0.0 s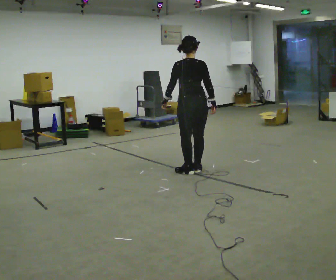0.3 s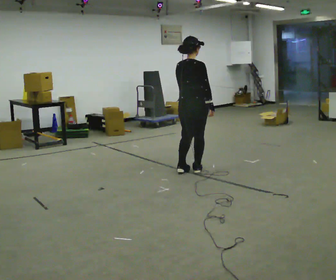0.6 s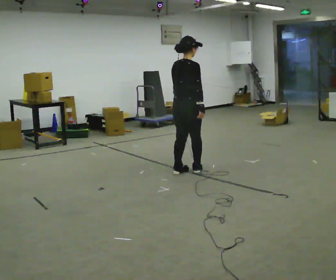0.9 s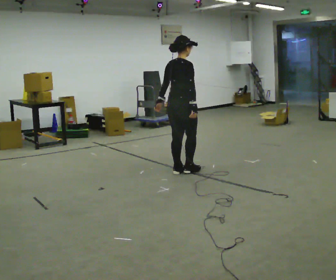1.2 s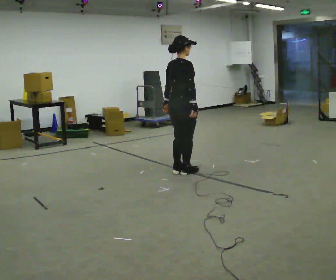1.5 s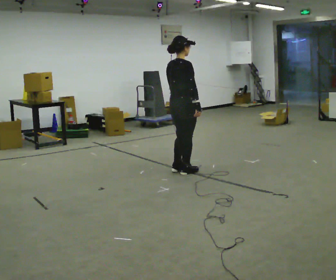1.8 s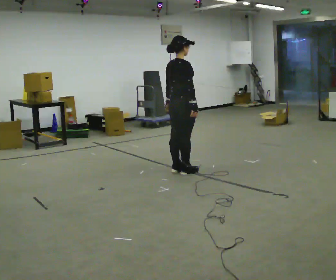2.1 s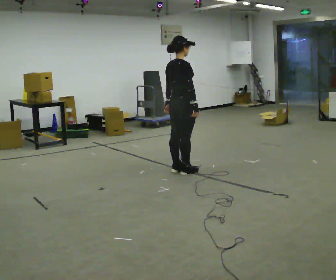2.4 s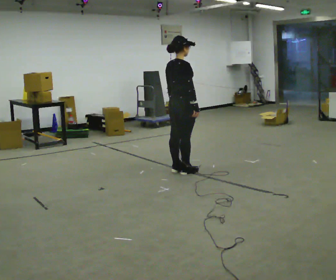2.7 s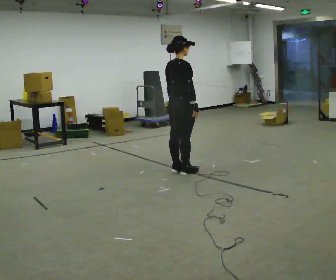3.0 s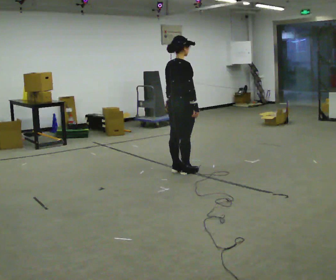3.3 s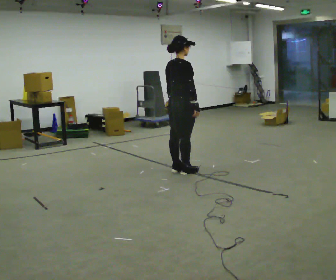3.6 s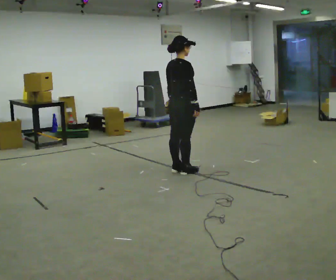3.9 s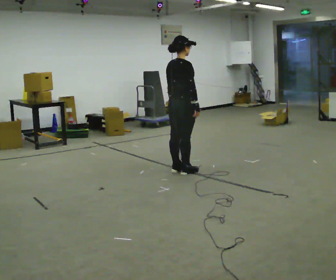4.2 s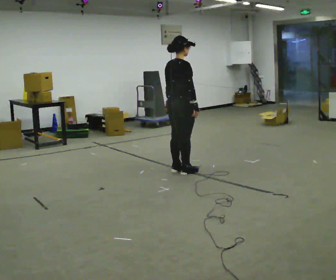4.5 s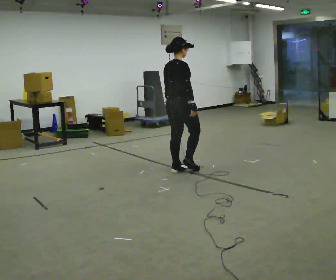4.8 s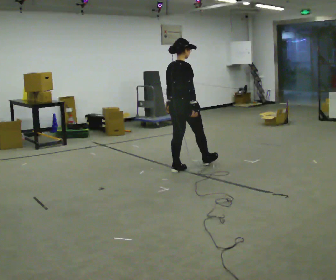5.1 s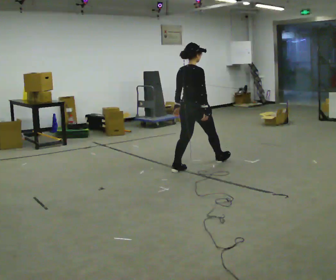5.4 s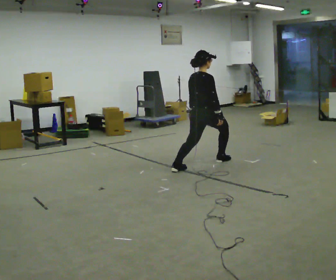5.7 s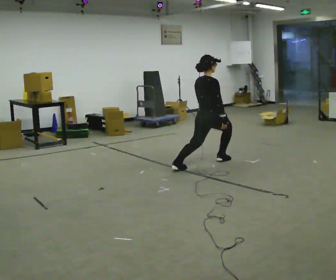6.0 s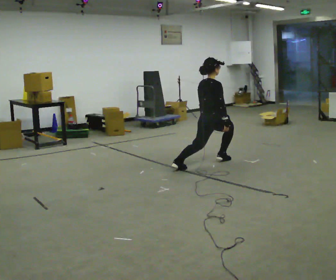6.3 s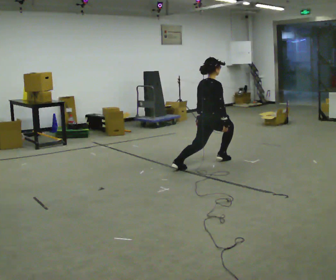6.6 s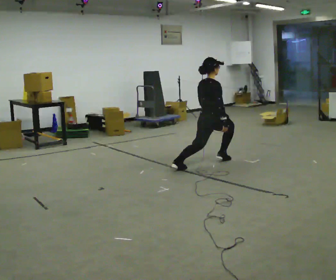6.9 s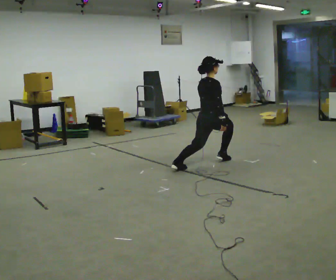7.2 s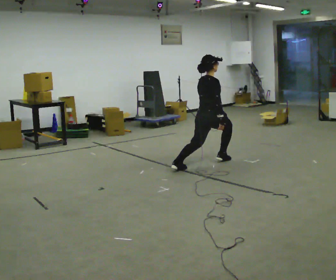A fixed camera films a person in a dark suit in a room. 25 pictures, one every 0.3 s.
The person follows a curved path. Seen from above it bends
clockwise.
0.0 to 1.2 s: The person turns about 45 degrees to their right, clockwise seen from above, so the part of the body nearest the lens slides to the left.
1.2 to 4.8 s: In the picture they go away from the camera, about 0.25 m, which for them is to their left.
4.8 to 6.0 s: In the picture they go to the right and away from the camera, about 0.5 m in 1 step, which for them is forward. The shoulders move downward.
6.0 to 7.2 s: The person moves a little, or ends about where they began.
The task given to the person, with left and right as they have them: Step forward into a lunge on the leg the operator calls, lowering your back knee toward the floor, then push back to standing. Then do the same stepping backward instead. Repeat the movement at your own pace until the operator says stop; do not rush.
The film runs forward here.
